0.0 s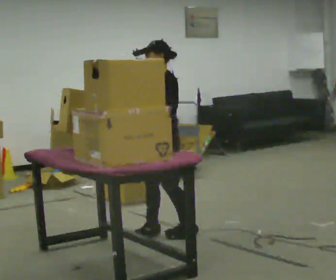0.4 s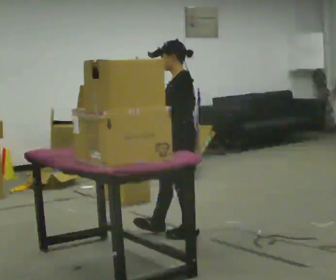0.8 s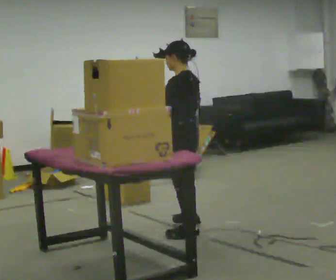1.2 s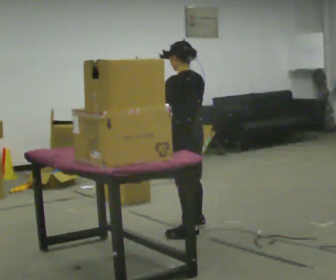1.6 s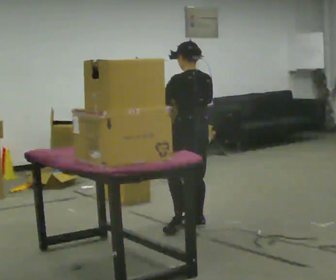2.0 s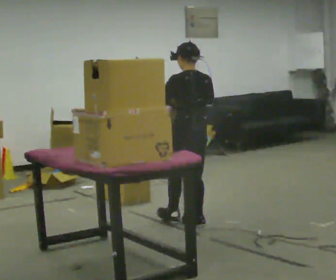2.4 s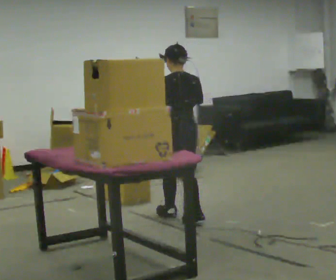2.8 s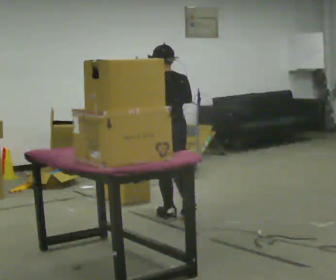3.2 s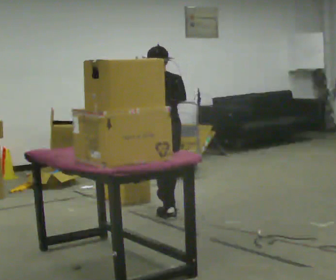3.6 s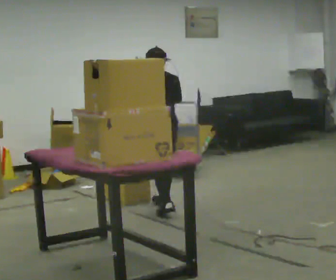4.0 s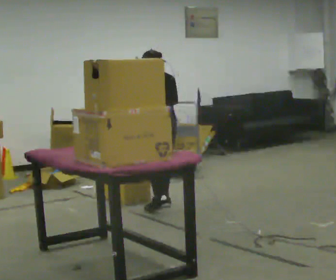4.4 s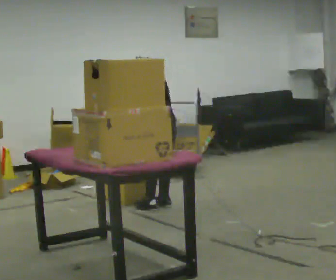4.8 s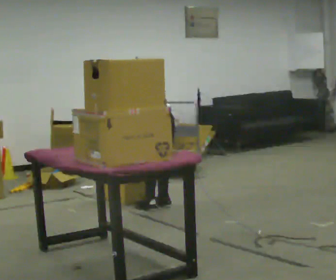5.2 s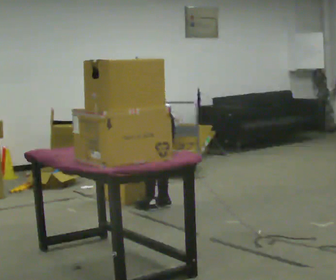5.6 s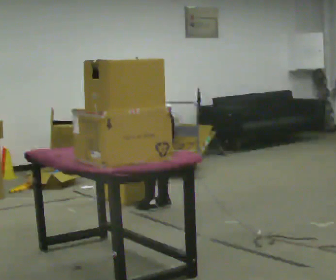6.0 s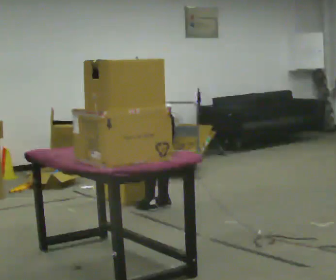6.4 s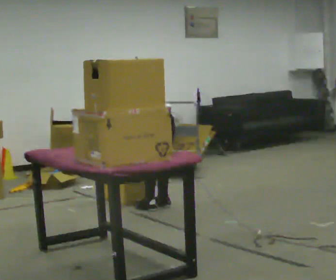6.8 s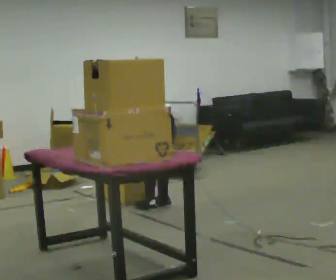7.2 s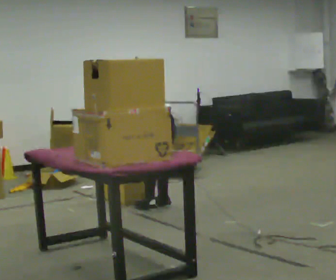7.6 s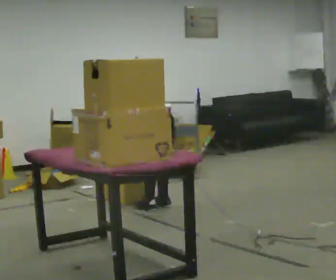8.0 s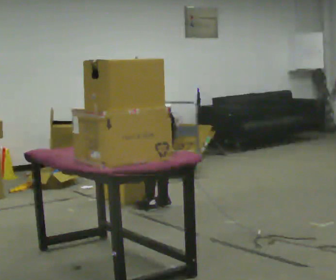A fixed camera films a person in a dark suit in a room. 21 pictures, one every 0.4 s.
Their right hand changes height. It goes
downward.
Their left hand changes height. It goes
downward.
0.0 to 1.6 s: The part of the body nearest the lens slides to the left as the person turns to their right by about 75 degrees. In the picture they go to the right and away from the camera, about 0.25 m in 1 step.
1.6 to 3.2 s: In the picture they go away from the camera and to the left, about 0.5 m in 1 step, which for them is forward.
3.2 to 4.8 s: In the picture they go away from the camera, about 0.25 m in 2 steps, which for them is forward and to their right. The upper body tips away from the camera, its near side rolling upward, as they bend forward.
4.8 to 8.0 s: The person moves a little, or ends about where they began.
The film runs forward here.
